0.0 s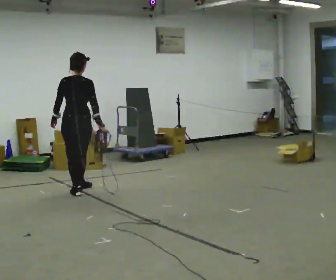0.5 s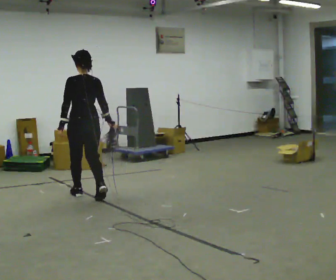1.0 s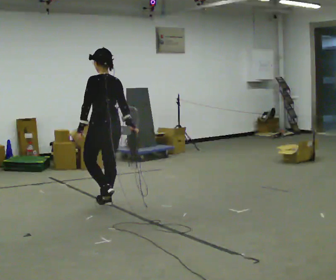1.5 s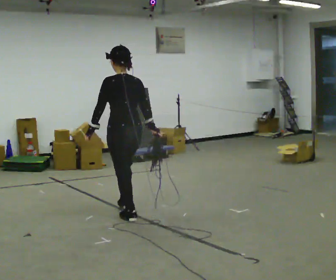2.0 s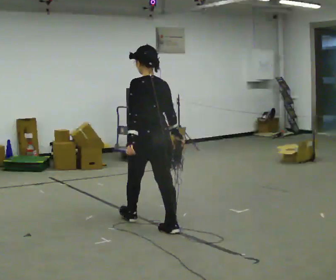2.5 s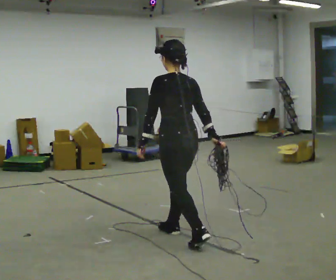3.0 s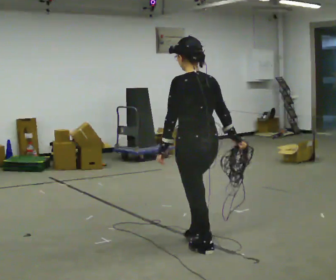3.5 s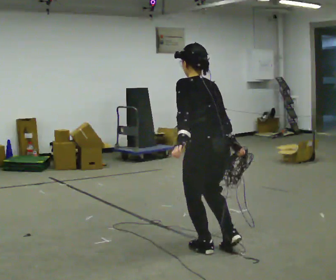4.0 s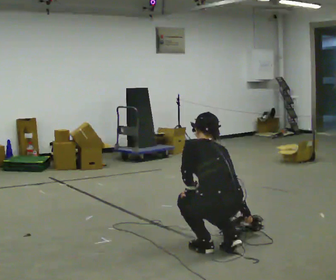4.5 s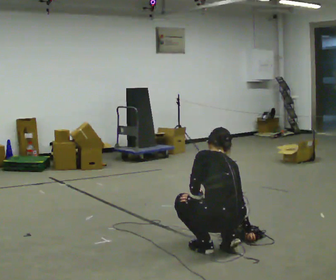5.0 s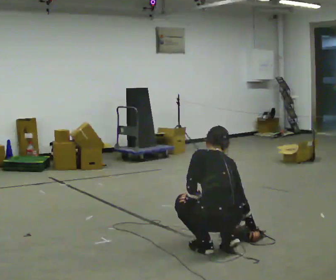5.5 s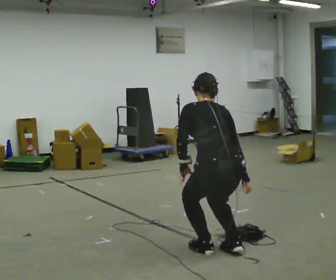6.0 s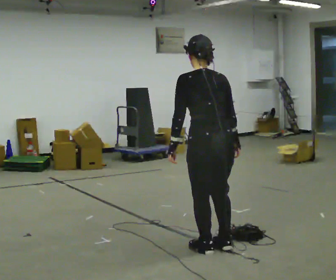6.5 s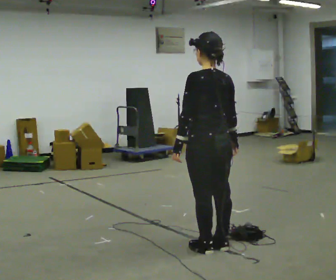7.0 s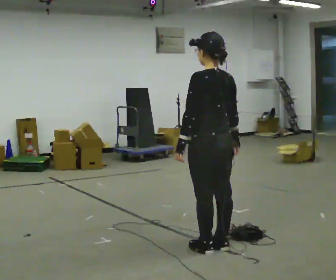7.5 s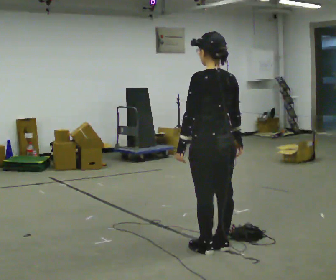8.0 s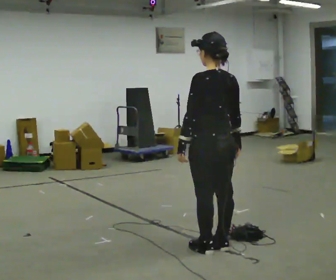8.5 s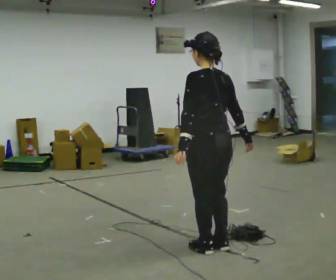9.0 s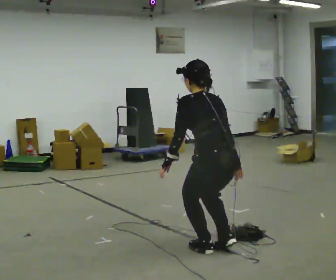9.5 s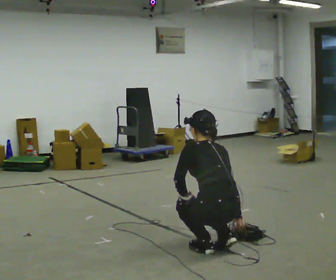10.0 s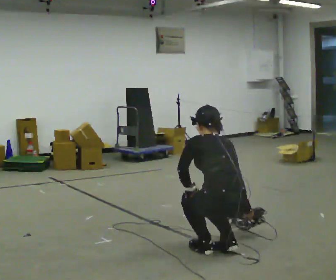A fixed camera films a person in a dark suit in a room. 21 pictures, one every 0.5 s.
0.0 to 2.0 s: In the picture they go to the right and toward the camera, about 1.5 m in 3 steps, which for them is backward.
2.0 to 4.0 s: In the picture they go to the right and toward the camera, about 1 m in 2 steps, which for them is backward. The shoulders move downward. The upper body tips away from the camera, its near side rolling upward, as they bend forward. In the picture their left hand goes downward.
4.0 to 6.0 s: The upper body tips toward the camera, its near side rolling downward, as they lean back or straighten. In the picture their left hand goes upward.
6.0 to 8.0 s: The person moves a little, or ends about where they began.
8.0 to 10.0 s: The shoulders move downward. The upper body tips away from the camera, its near side rolling upward, as they bend forward. In the picture their left hand goes downward.
The film runs backward here.
